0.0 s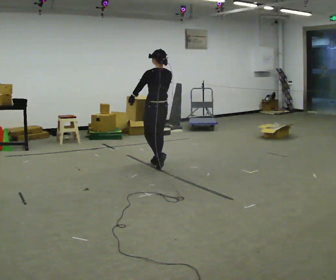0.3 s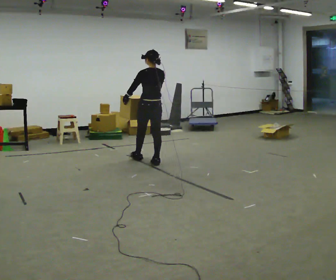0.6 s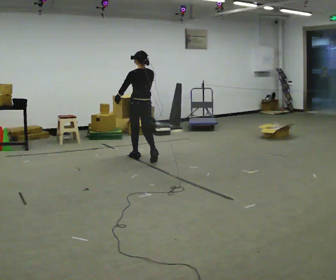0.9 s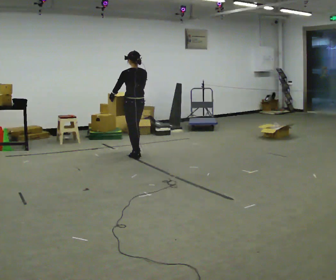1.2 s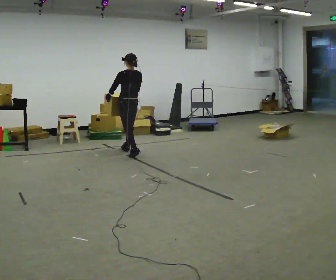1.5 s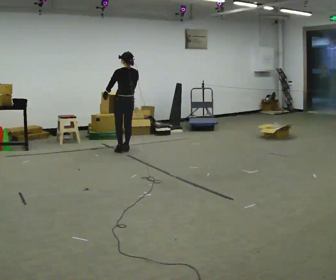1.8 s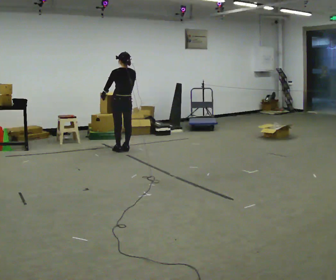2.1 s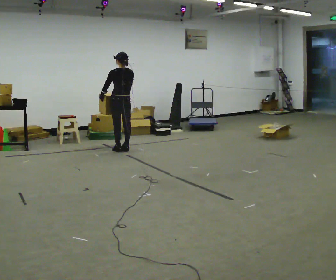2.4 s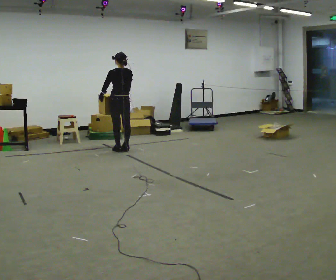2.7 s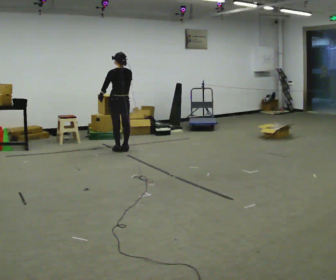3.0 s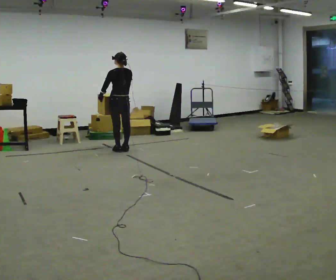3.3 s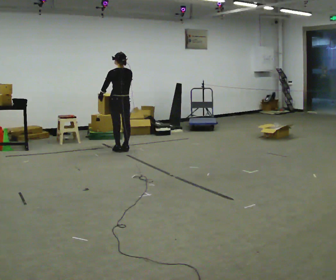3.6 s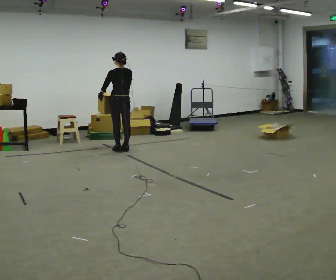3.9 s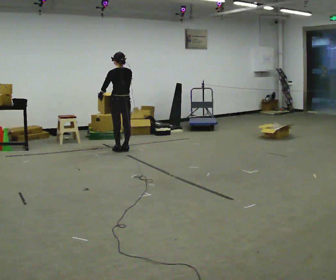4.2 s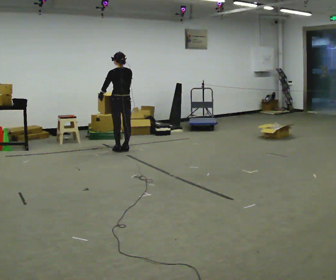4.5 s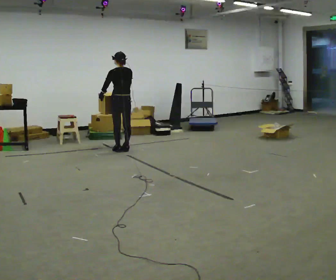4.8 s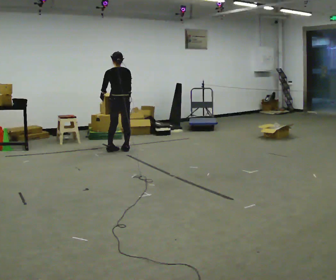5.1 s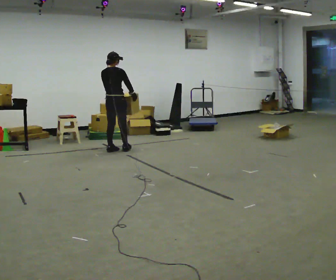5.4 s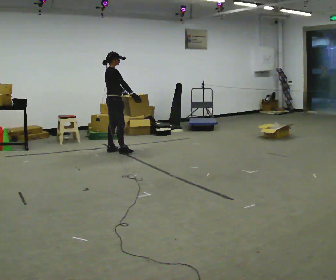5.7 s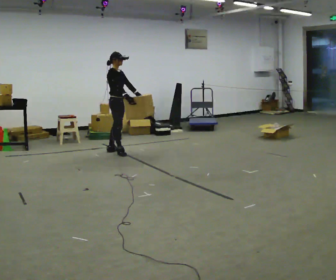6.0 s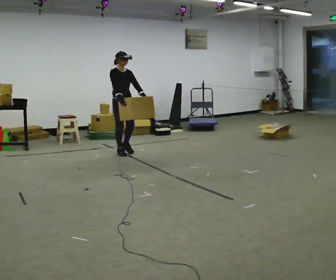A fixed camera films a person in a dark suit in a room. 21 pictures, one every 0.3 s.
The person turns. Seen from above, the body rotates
clockwise.
The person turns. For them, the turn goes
to their right.
0.0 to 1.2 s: In the picture they go away from the camera and to the left, about 1 m in 2 steps, which for them is forward.
1.2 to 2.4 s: In the picture they go away from the camera and to the left, about 0.25 m in 1 step, which for them is forward.
2.4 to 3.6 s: The person keeps their place and pose.
3.6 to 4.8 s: The person moves a little, or ends about where they began.
4.8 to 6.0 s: The person turns about 150 degrees to their right, clockwise seen from above, so the part of the body nearest the lens slides to the left. In the picture they go toward the camera, about 0.25 m in 1 step.
The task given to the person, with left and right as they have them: Carry the heaviest box in both hands in front of you, walking back and forth across the room. Only carry what is comfortable. Set it down whenever you need to.
The film runs forward here.
